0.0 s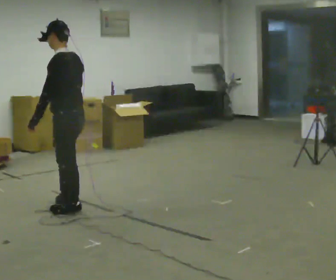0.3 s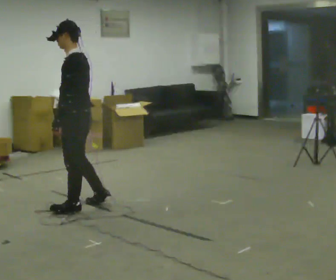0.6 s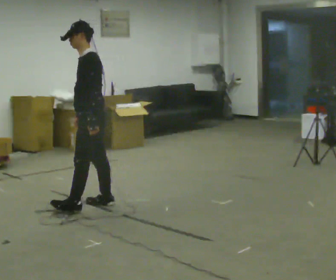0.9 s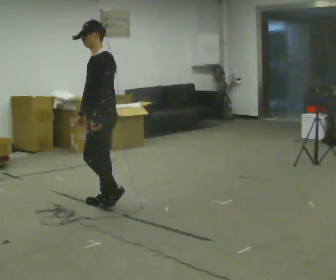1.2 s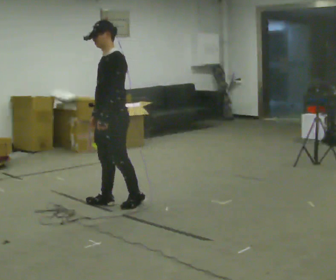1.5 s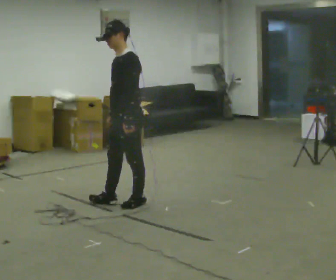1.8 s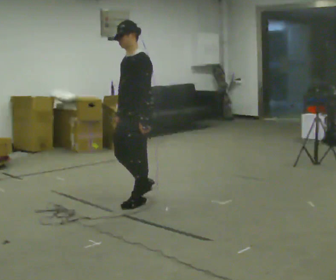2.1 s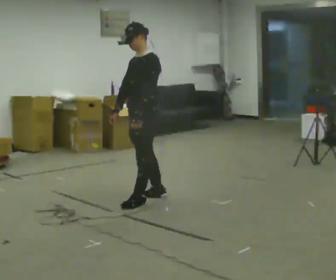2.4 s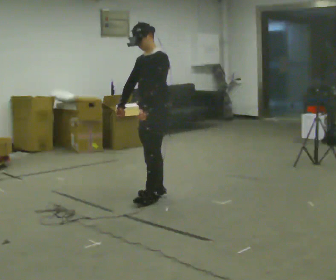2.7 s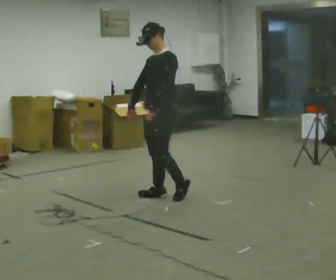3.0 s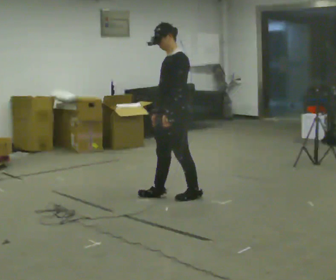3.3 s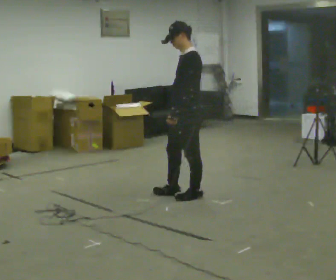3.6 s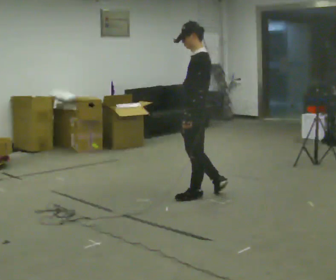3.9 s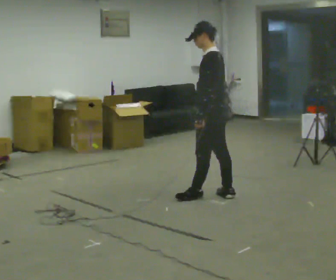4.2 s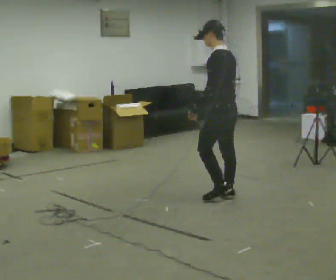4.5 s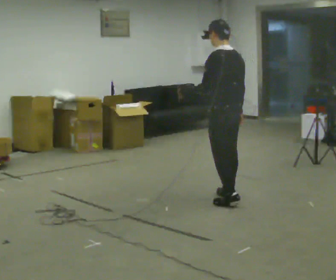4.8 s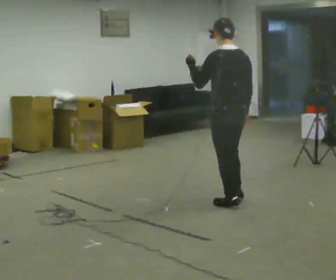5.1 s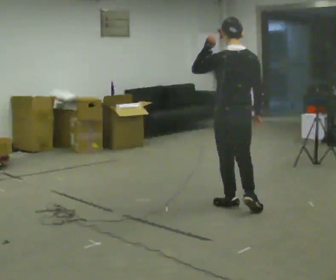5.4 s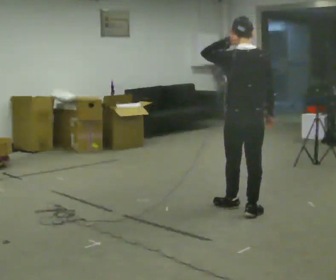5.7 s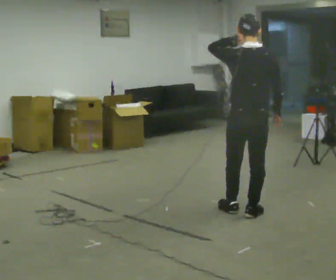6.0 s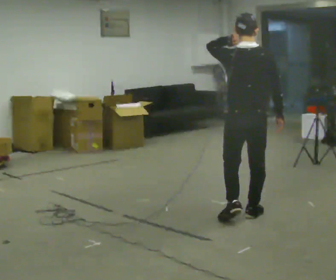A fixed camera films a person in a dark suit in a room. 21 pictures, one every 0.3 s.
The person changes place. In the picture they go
to the right.
The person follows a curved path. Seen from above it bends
clockwise.
0.0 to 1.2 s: The person turns about 45 degrees to their left, counterclockwise seen from above, so the part of the body nearest the lens slides to the right. In the picture they go to the right and away from the camera, about 0.5 m in 1 step, which for them is backward and to their right.
1.2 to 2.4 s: In the picture they go to the right and away from the camera, about 0.5 m in 2 steps, which for them is backward.
2.4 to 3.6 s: Seen from above the body turns clockwise, about 45 degrees: to their right, with its near side sliding to the left. In the picture they go to the right, about 0.5 m in 1 step, which for them is backward and to their left.
3.6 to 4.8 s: The part of the body nearest the lens slides to the left as the person turns to their right by about 60 degrees. In the picture they go toward the camera and to the right, about 0.25 m in 2 steps, which for them is backward. In the picture their left hand goes upward, the arm swinging clockwise.
4.8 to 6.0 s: The person turns about 30 degrees to their right, clockwise seen from above, so the part of the body nearest the lens slides to the left. In the picture they go toward the camera, about 0.5 m in 1 step, which for them is backward.
The film runs backward here.
